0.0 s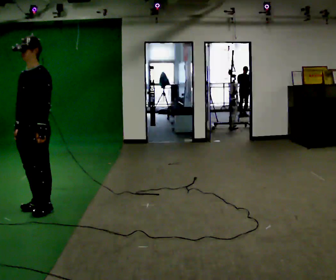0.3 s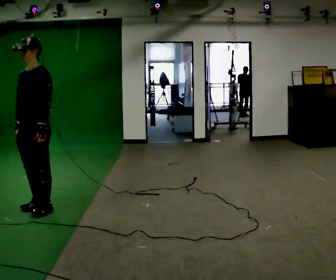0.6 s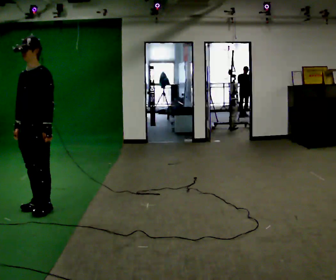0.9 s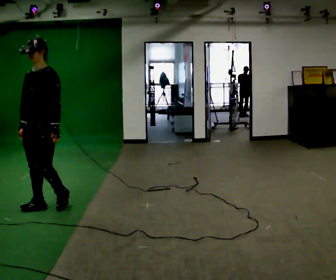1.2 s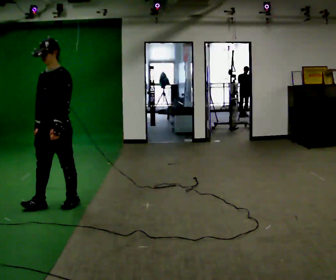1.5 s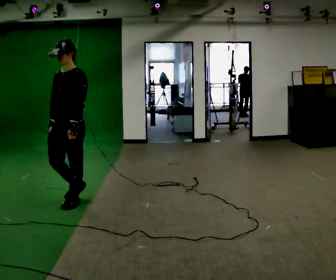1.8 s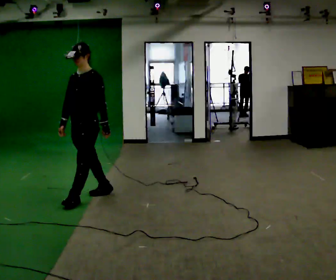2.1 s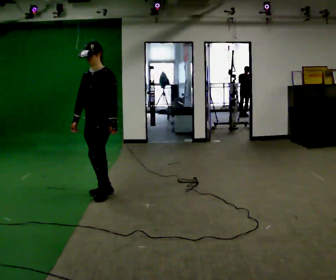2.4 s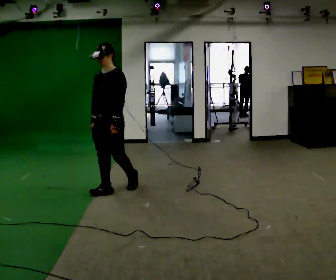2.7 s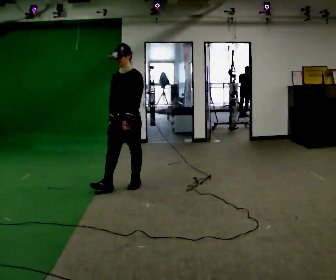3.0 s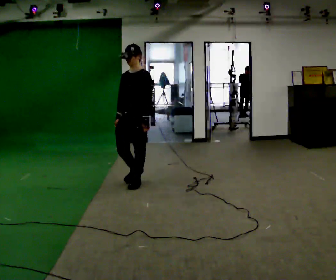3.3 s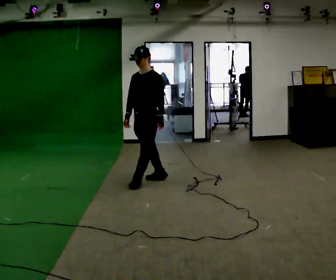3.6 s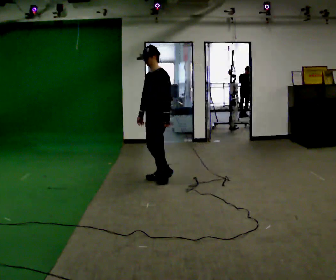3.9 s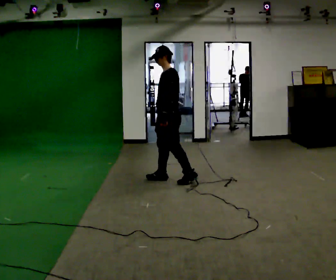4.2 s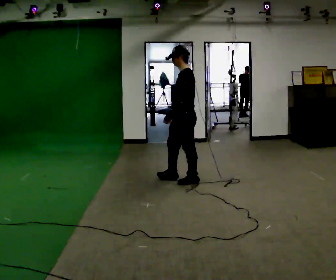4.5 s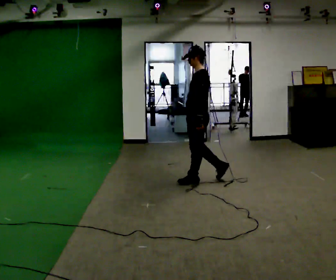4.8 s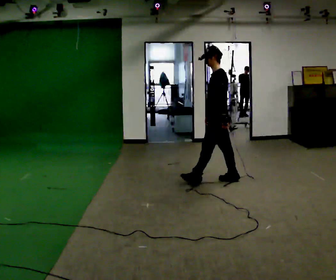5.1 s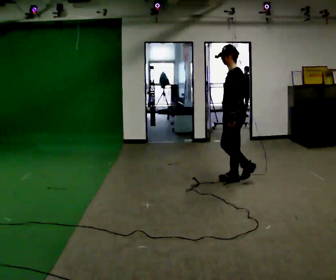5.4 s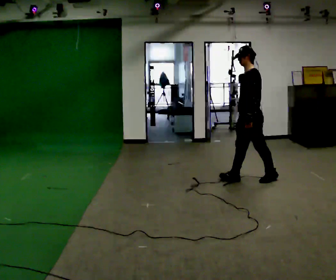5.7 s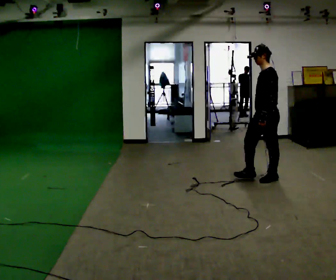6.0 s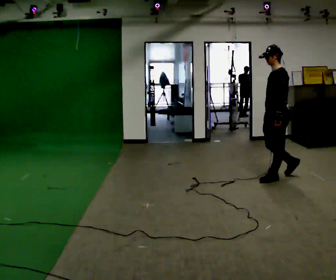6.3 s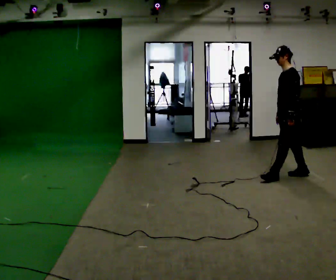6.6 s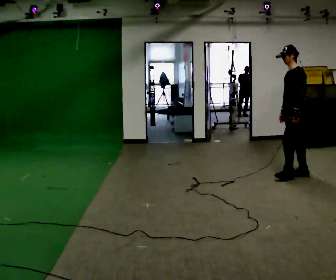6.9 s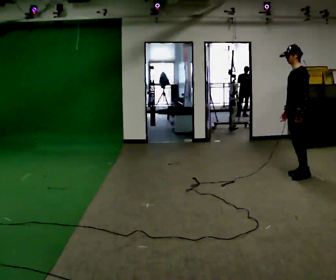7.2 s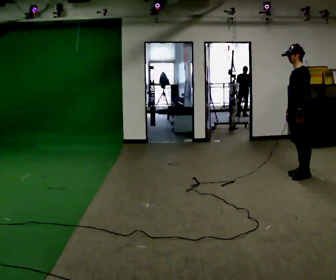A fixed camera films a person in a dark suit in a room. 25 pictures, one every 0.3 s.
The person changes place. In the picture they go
to the right.
0.0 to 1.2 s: In the picture they go away from the camera, about 0.25 m in 1 step, which for them is backward.
1.2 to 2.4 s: In the picture they go away from the camera and to the right, about 1 m in 2 steps, which for them is backward.
2.4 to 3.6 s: In the picture they go to the right and away from the camera, about 0.5 m in 2 steps, which for them is backward.
3.6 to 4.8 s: Seen from above the body turns clockwise, about 45 degrees: to their right, with its near side sliding to the left. In the picture they go to the right, about 0.5 m in 2 steps, which for them is backward.
4.8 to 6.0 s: In the picture they go to the right, about 0.5 m in 1 step, which for them is backward.
6.0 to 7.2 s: In the picture they go to the right, about 0.25 m in 1 step, which for them is backward.
The film runs backward here.
